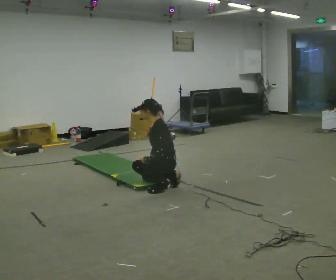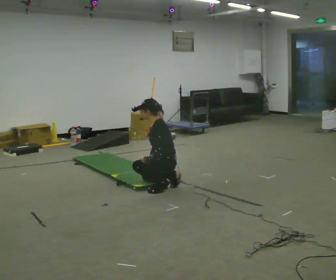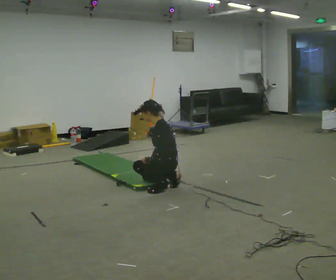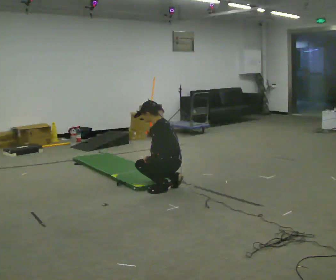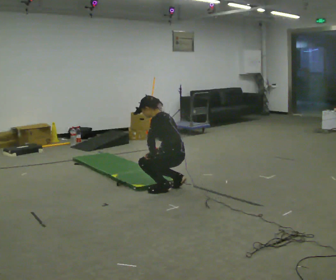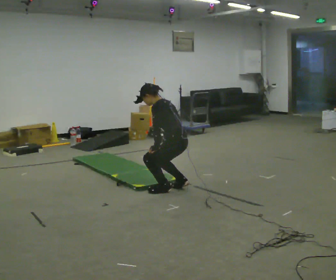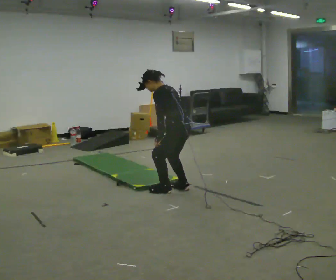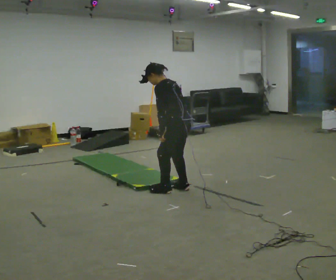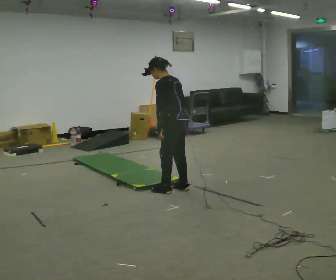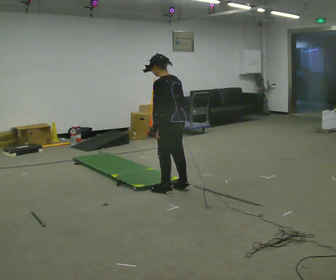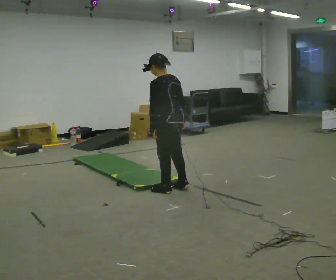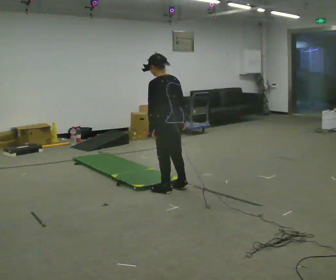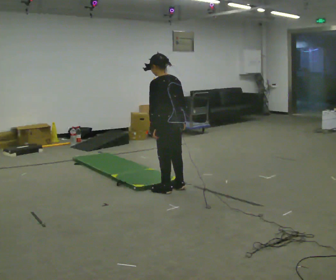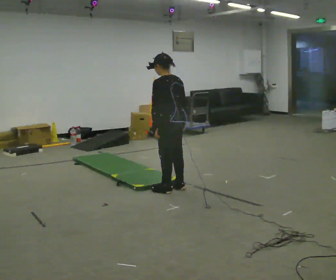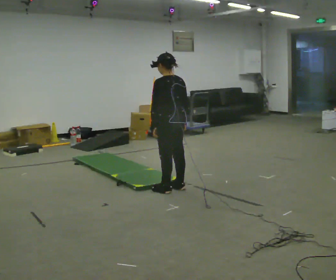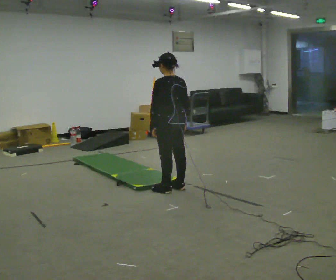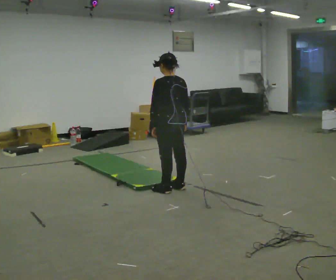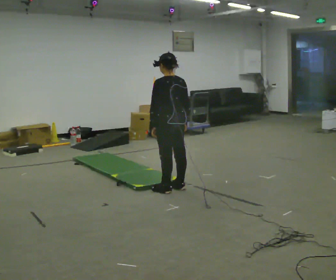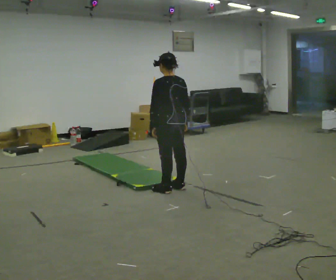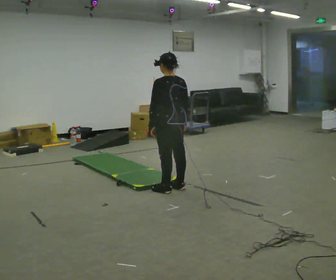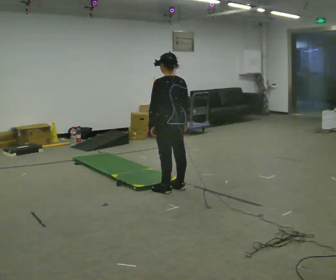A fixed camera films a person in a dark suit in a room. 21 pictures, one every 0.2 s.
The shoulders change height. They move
upward.
Their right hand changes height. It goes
upward.
0.0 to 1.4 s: Seen from above the body turns clockwise, about 30 degrees: to their right, with its near side sliding to the left. The shoulders move upward. In the picture their right hand goes upward and to the right.
1.4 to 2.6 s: In the picture the upper body tilts clockwise, shoulders to the right, as they lean back or straighten.
2.6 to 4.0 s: The person moves a little, or ends about where they began.
The film runs backward here.
